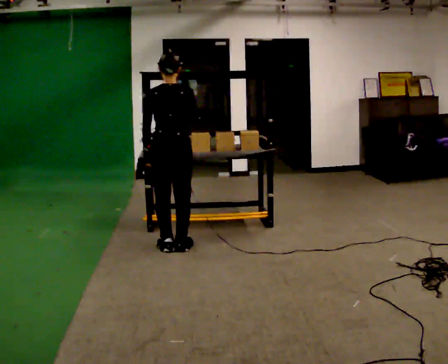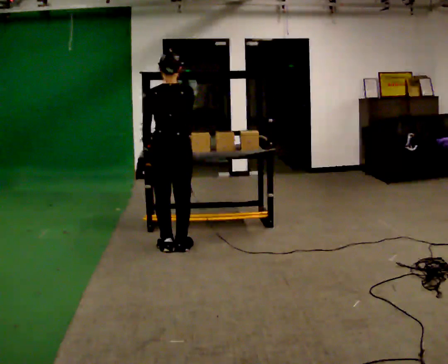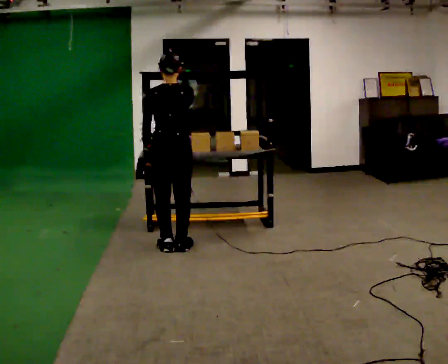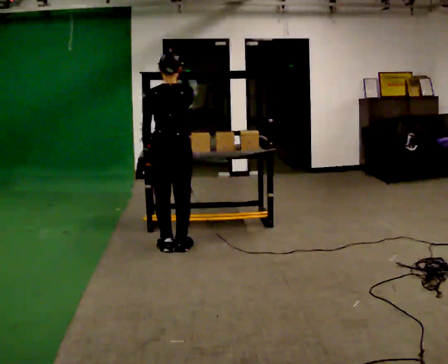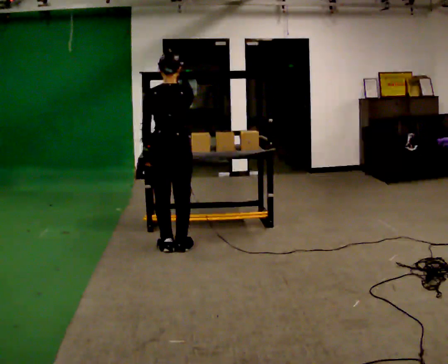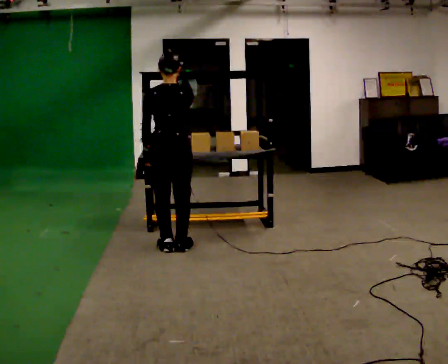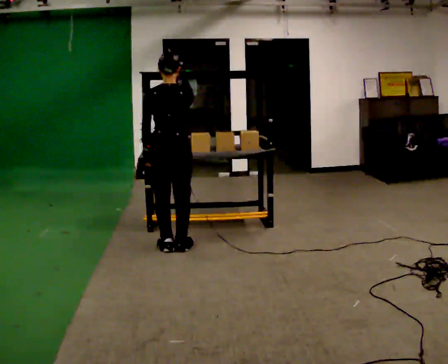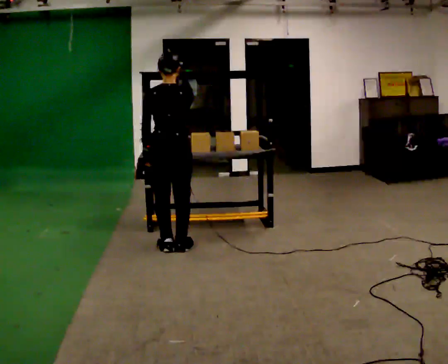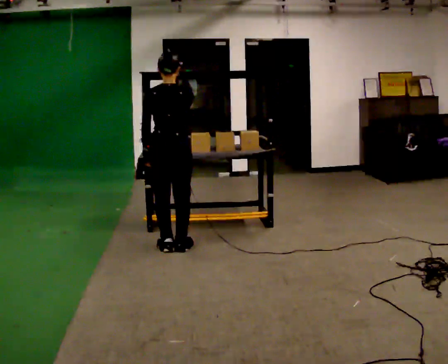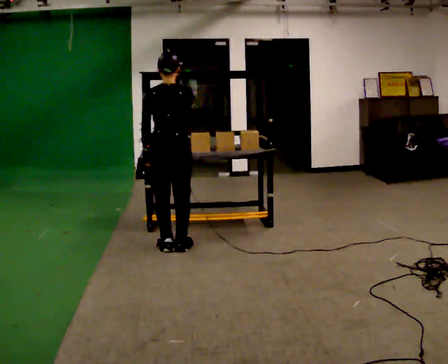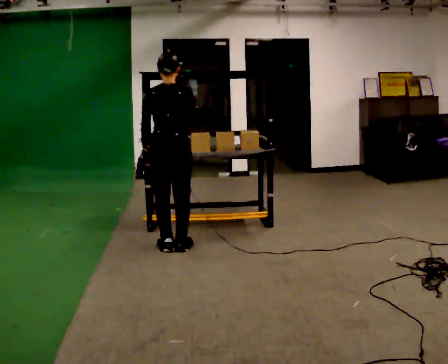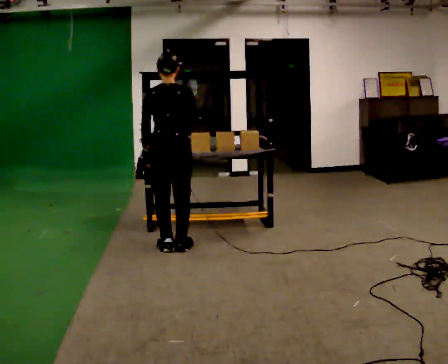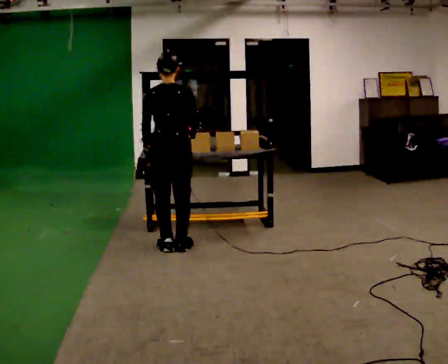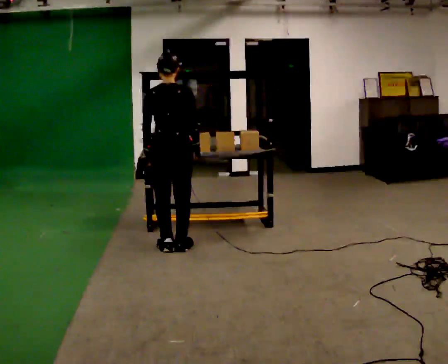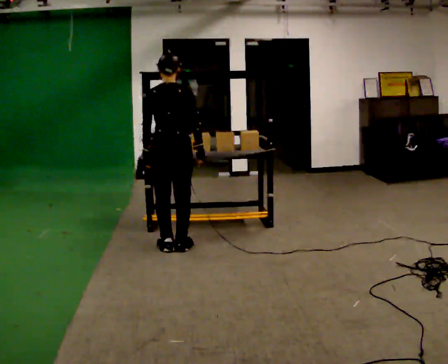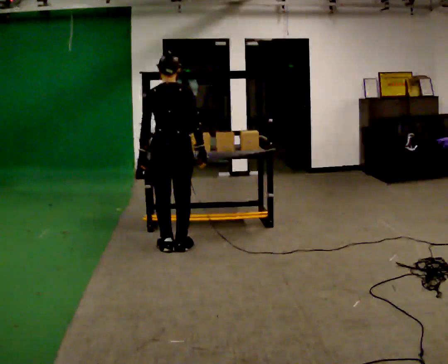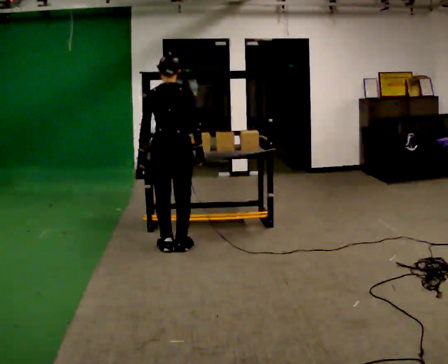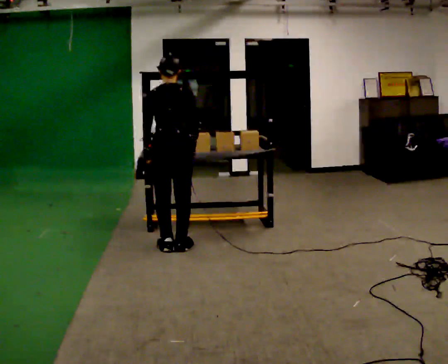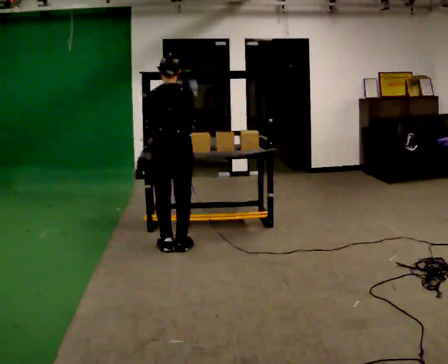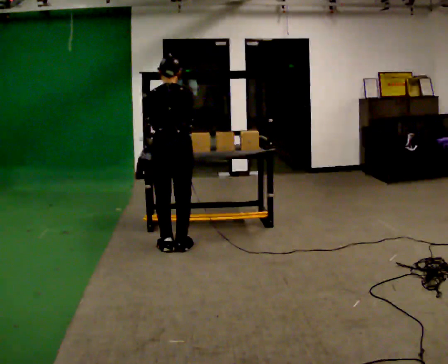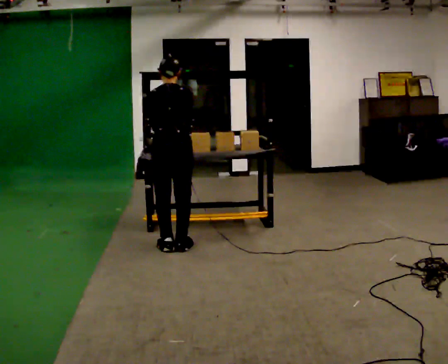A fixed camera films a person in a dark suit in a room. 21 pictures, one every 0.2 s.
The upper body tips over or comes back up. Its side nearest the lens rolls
upward.
0.0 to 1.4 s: The person moves a little, or ends about where they began.
1.4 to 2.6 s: In the picture their right hand goes downward.
2.6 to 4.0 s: The upper body tips away from the camera, its near side rolling upward, as they bend forward.
The film runs backward here.
